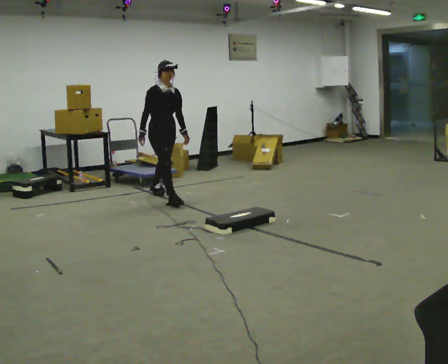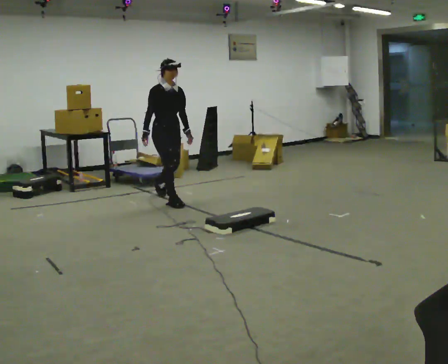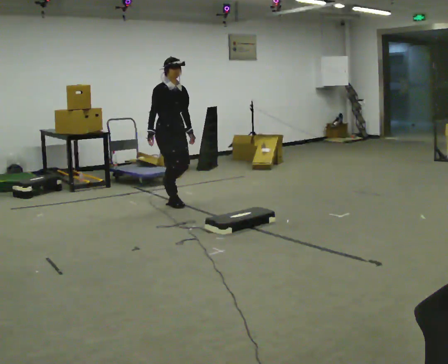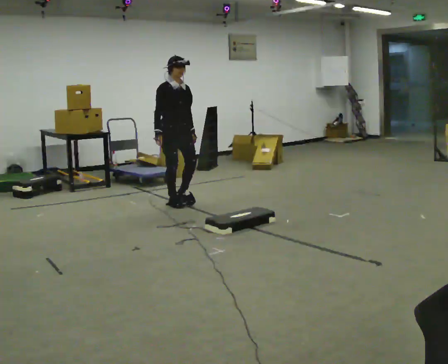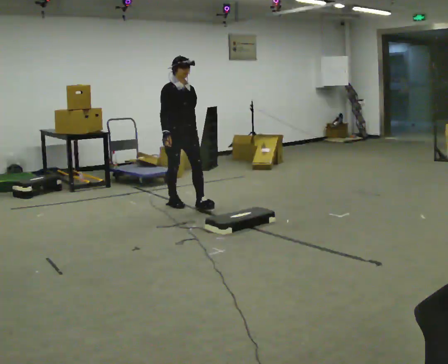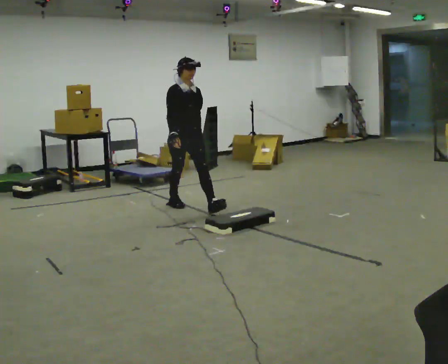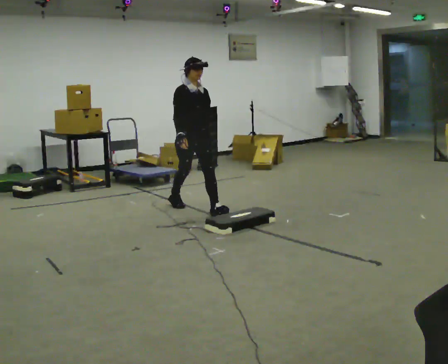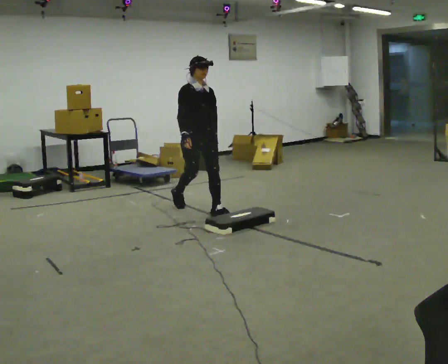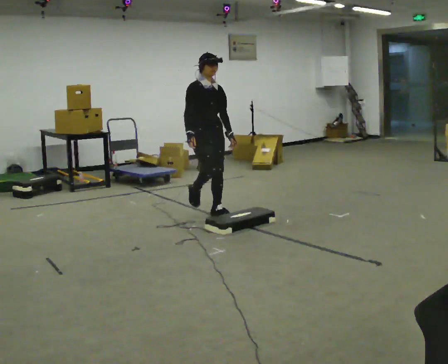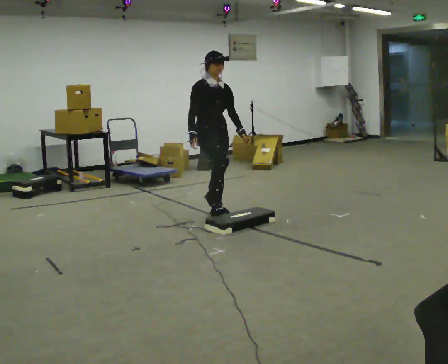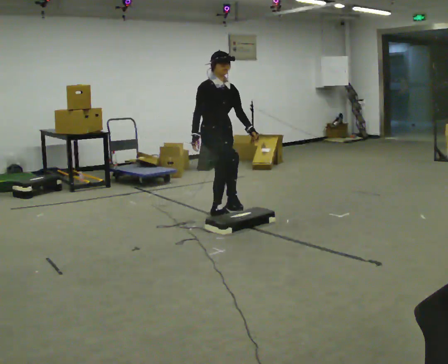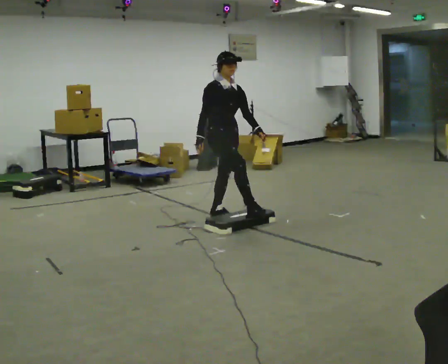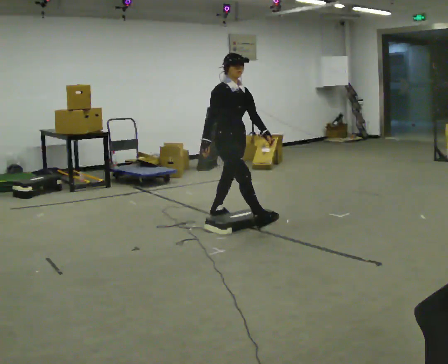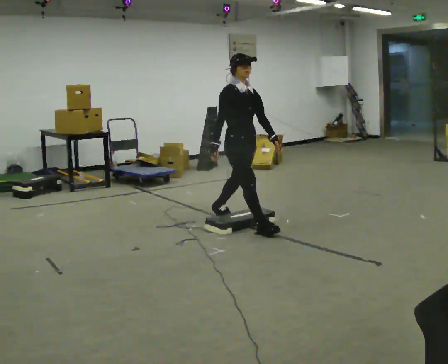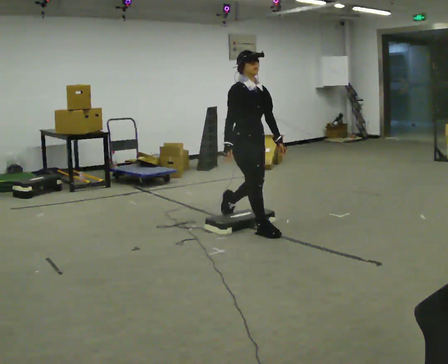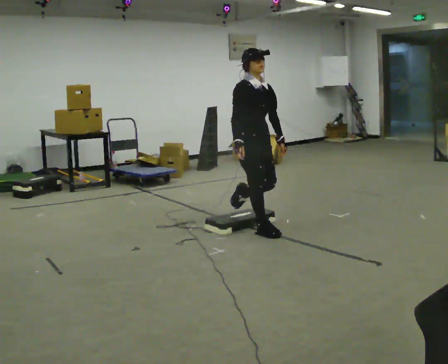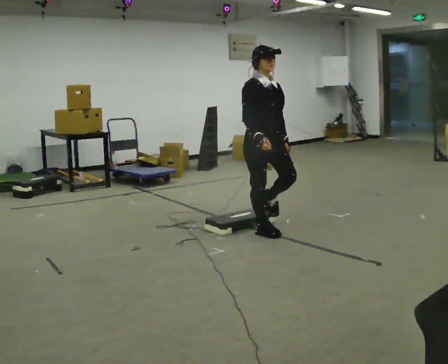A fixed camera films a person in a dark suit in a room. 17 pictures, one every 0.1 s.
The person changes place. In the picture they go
toward the camera.
0.0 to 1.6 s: In the picture they go toward the camera and to the right, about 1.5 m in 2 steps, which for them is forward.
The film runs forward here.
